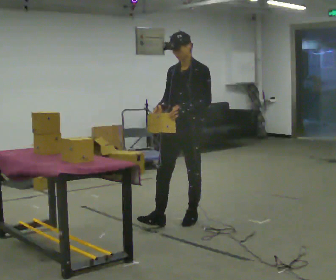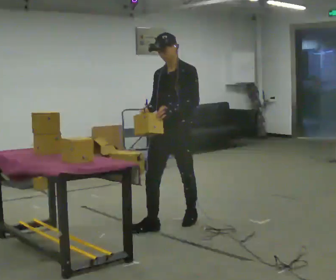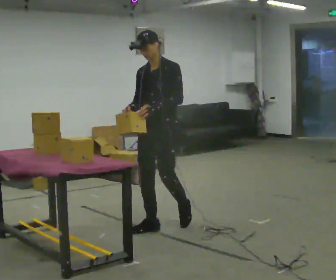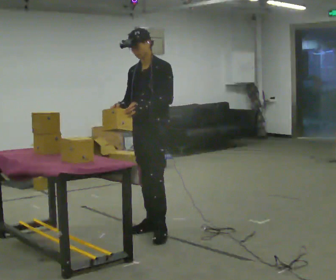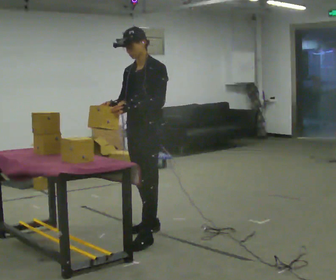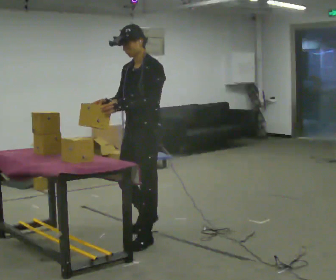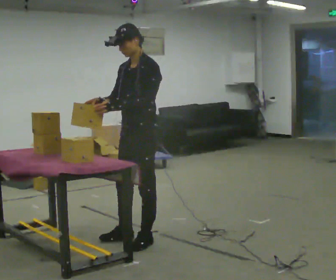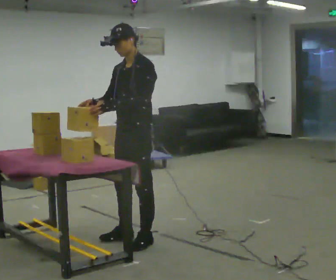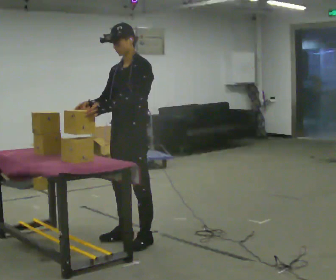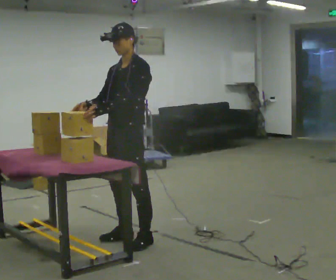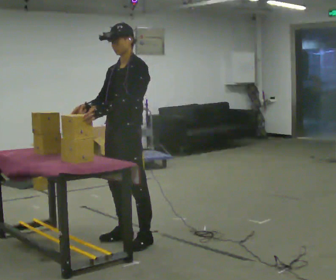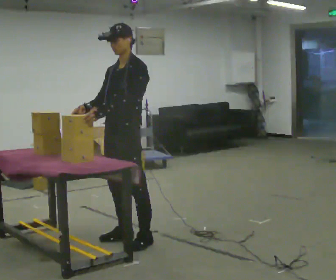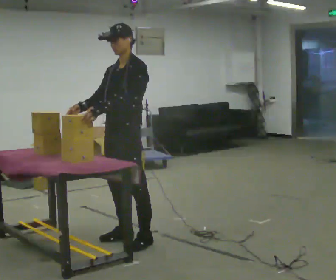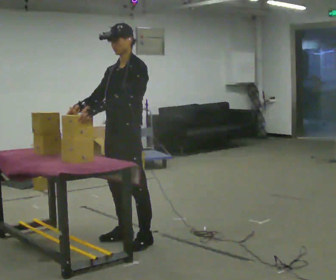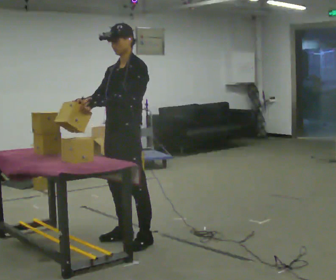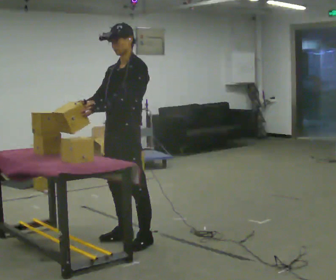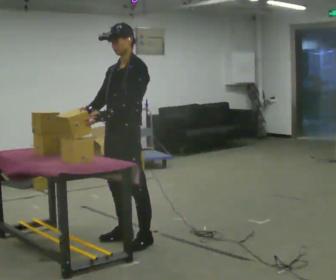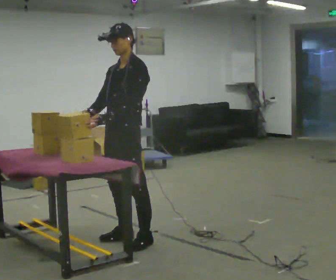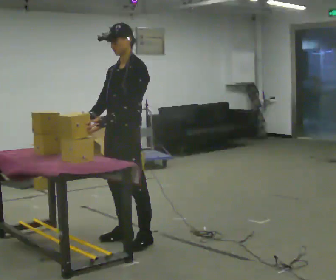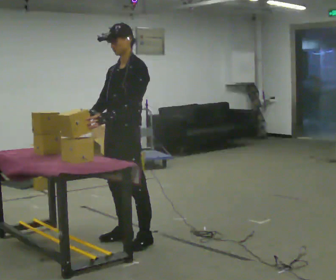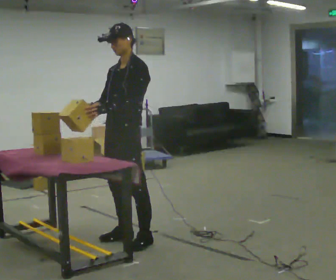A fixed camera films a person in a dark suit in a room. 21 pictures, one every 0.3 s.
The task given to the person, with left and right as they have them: Carry the box over and put it on the shelf with the label facing out towards you. Get the orientation right, not just the position. Keep going until the operator says stop; one object at a time, and do not rush between trips.
0.0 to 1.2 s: In the picture they go toward the camera and to the left, about 0.5 m in 2 steps, which for them is forward.
1.2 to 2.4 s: In the picture they go toward the camera, about 0.25 m in 1 step, which for them is forward.
2.4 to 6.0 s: The person moves a little, or ends about where they began.
The film runs forward here.
